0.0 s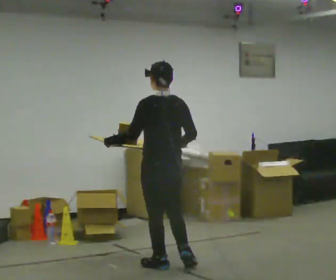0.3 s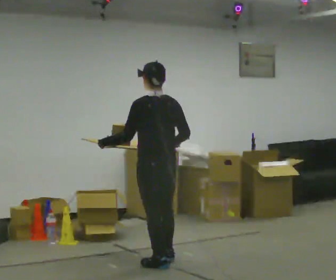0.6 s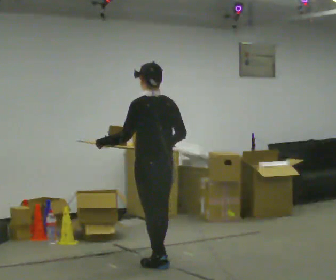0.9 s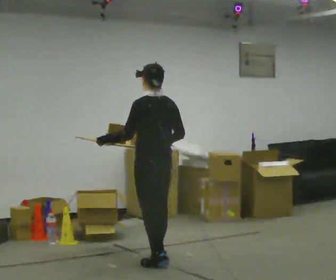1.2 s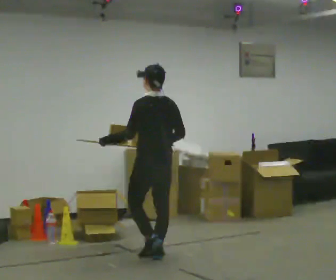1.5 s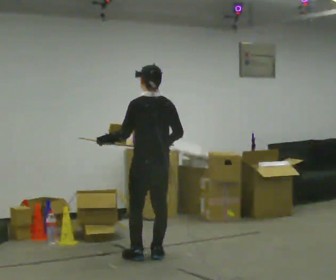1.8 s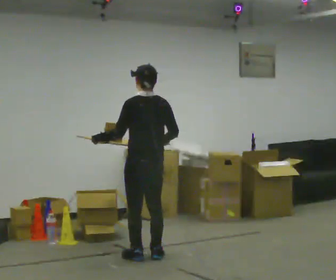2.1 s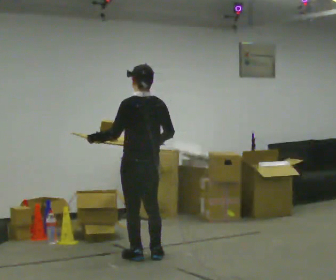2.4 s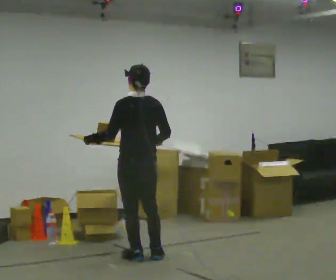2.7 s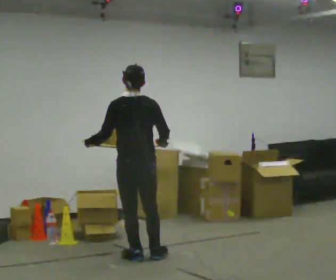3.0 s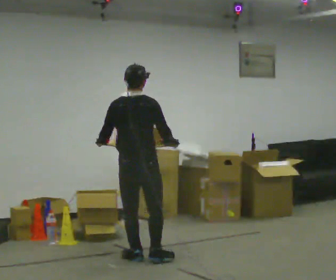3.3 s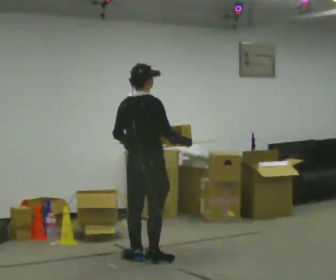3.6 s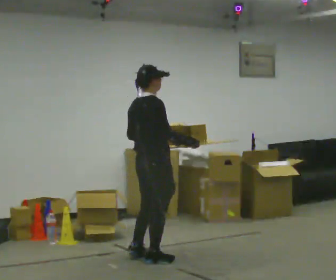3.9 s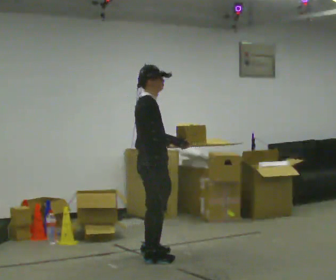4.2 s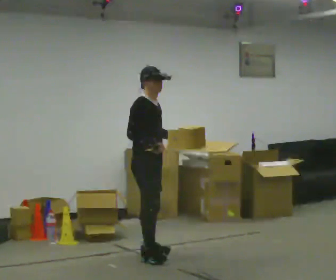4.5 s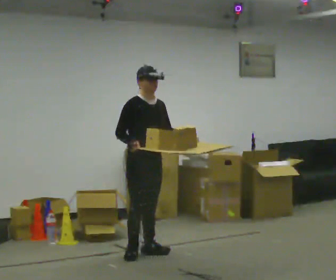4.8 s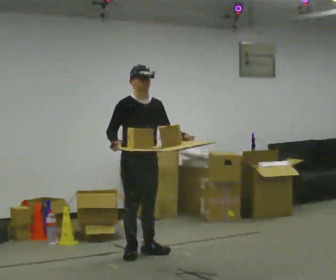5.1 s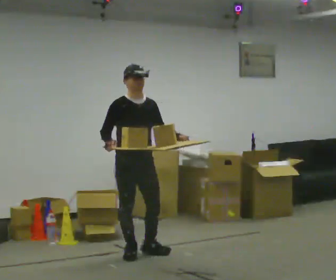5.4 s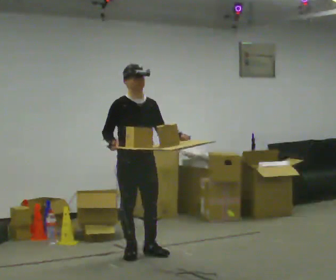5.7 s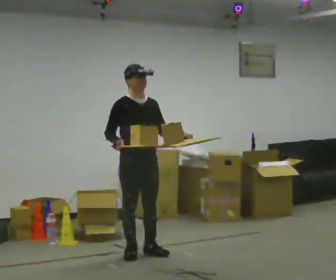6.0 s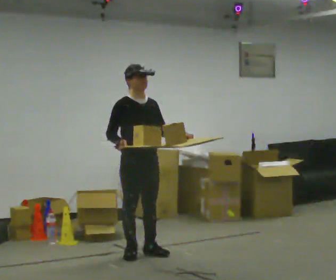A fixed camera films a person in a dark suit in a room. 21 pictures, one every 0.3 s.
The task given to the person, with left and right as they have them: Carry the loaded tray flat and level in both hands, walking back and forth across the room. Try not to let anything slide off.
0.0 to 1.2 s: In the picture they go away from the camera, about 0.25 m in 1 step, which for them is forward.
1.2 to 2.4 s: The person moves a little, or ends about where they began.
2.4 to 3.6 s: Seen from above the body turns clockwise, about 75 degrees: to their right, with its near side sliding to the left. In the picture their left hand goes to the right.
3.6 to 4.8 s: The person turns about 105 degrees to their right, clockwise seen from above, so the part of the body nearest the lens slides to the left. In the picture they go away from the camera, about 0.25 m in 2 steps. In the picture their left hand goes to the right.
4.8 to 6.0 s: The person moves a little, or ends about where they began.
The film runs forward here.
